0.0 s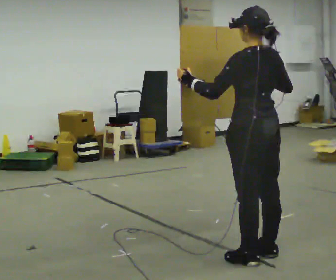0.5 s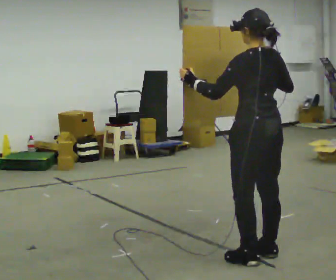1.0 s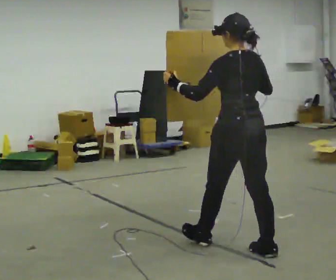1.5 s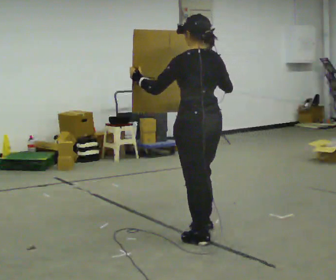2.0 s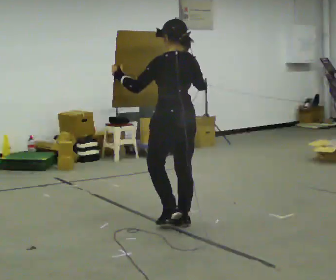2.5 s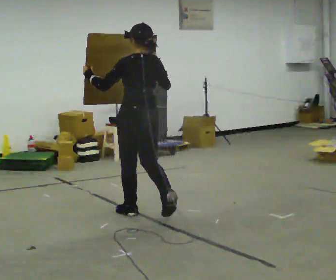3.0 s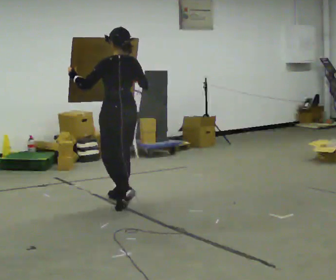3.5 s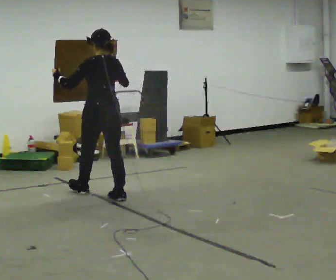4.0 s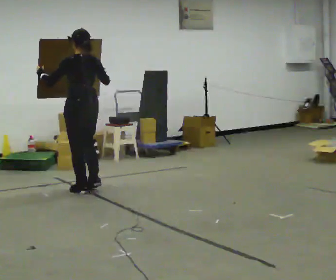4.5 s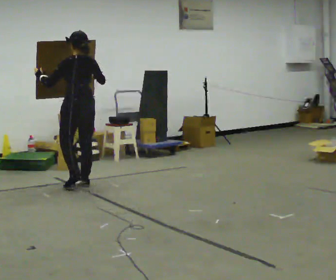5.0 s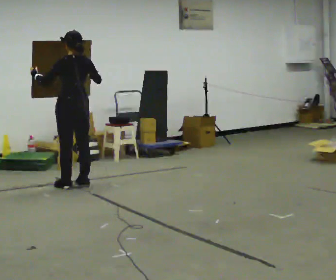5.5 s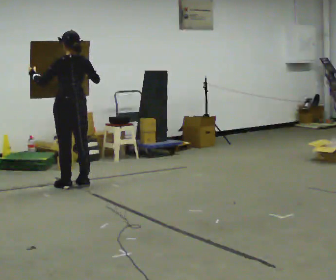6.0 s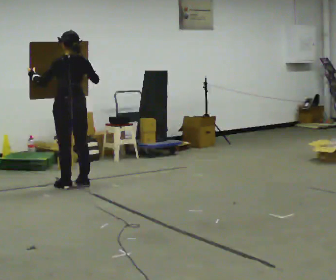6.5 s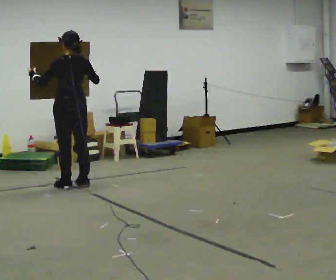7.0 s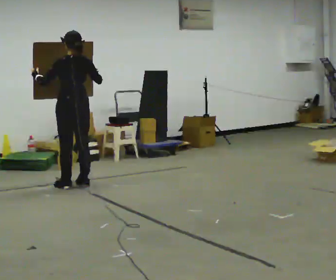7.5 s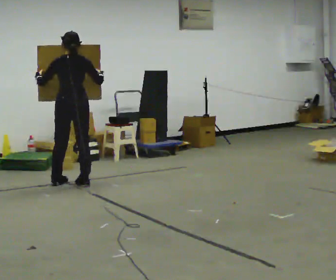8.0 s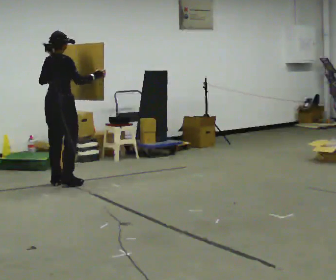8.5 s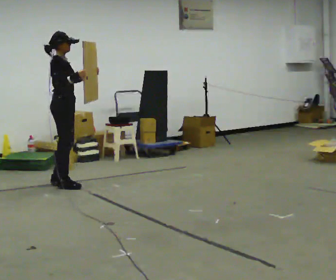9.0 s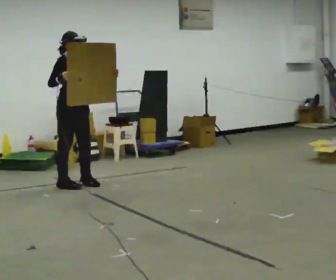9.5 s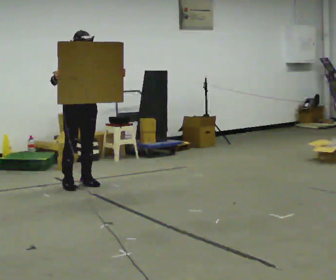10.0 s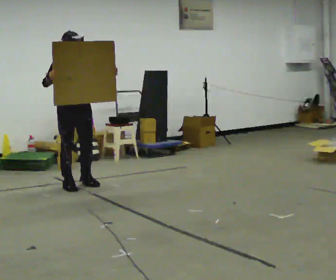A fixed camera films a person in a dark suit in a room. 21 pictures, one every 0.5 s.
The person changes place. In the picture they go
away from the camera.
The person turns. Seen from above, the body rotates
clockwise.
0.0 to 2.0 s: In the picture they go away from the camera, about 1 m in 2 steps, which for them is forward.
2.0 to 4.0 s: In the picture they go away from the camera and to the left, about 1.5 m in 3 steps, which for them is forward.
4.0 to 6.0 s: In the picture they go away from the camera, about 0.25 m in 2 steps, which for them is forward.
6.0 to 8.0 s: The person turns about 75 degrees to their right, clockwise seen from above, so the part of the body nearest the lens slides to the left.
8.0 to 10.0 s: Seen from above the body turns clockwise, about 105 degrees: to their right, with its near side sliding to the left. In the picture they go to the right, about 0.25 m in 2 steps. In the picture their right hand goes to the left.
The film runs forward here.
